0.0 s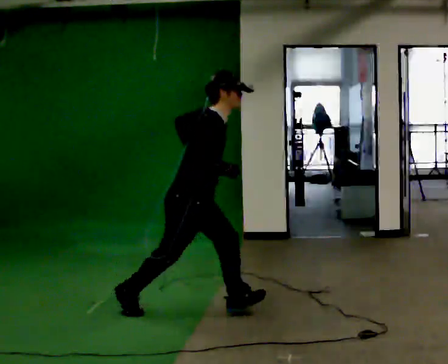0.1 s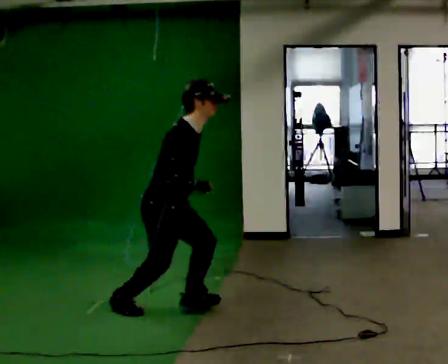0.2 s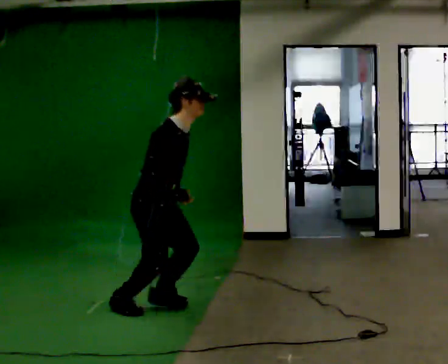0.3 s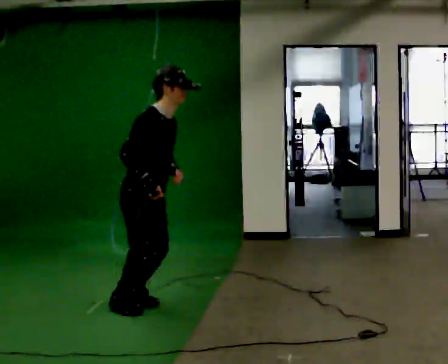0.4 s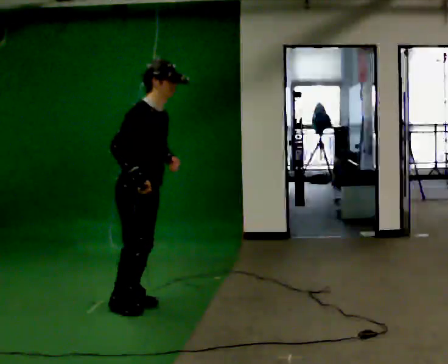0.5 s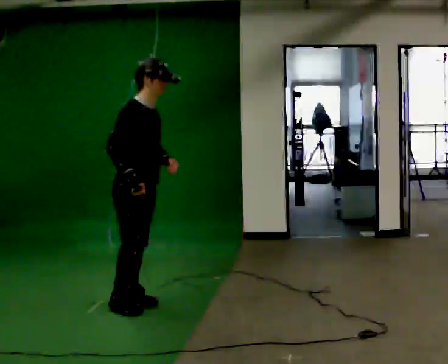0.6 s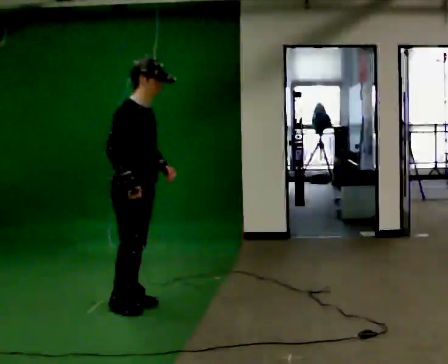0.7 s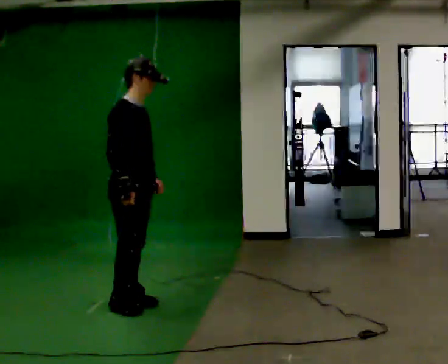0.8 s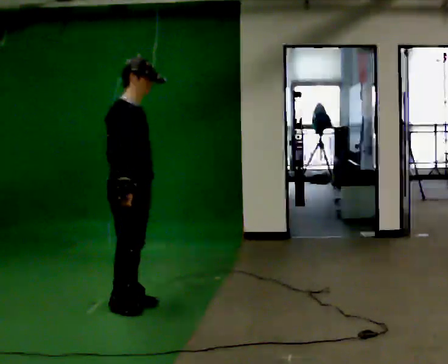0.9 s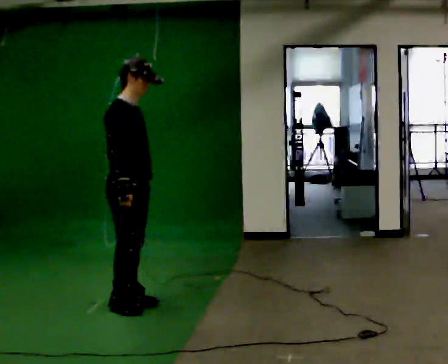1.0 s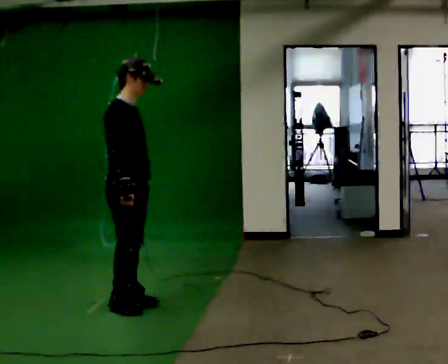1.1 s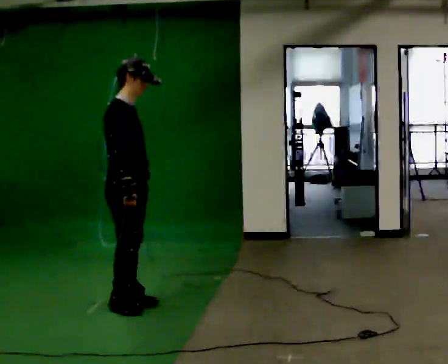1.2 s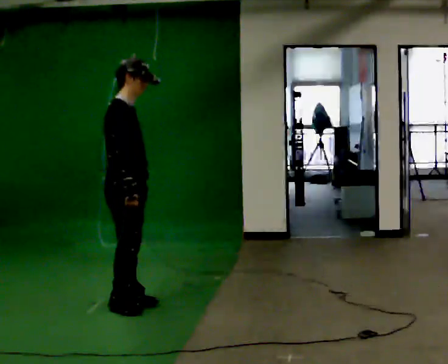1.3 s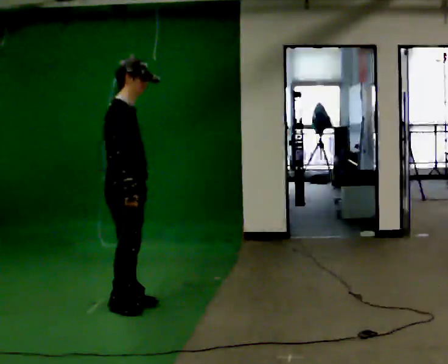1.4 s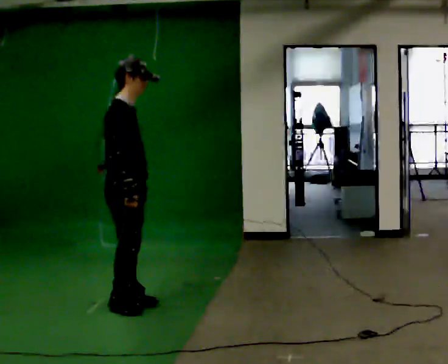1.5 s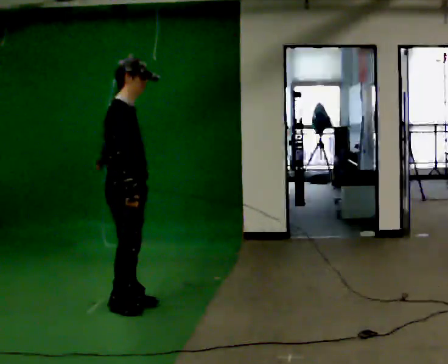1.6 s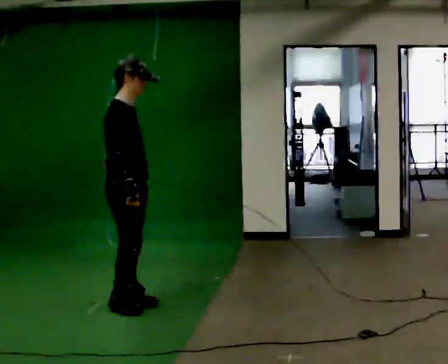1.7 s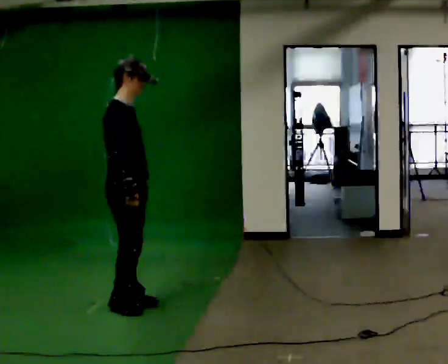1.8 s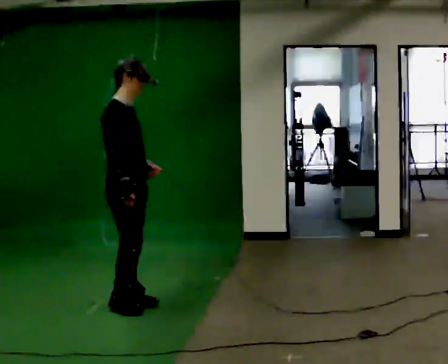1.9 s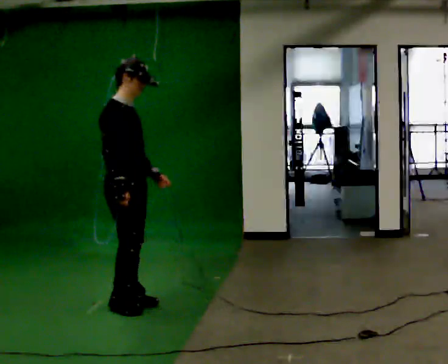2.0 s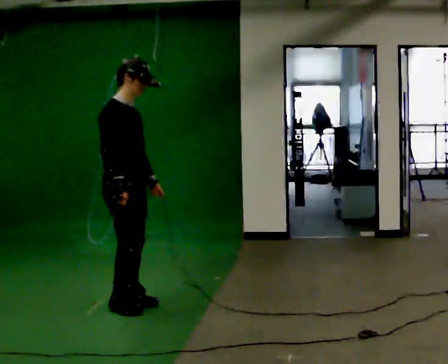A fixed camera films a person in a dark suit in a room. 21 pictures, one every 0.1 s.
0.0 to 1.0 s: In the picture they go to the left, about 0.5 m, which for them is backward. In the picture the upper body tilts counterclockwise, shoulders to the left, as they lean back or straighten.
1.0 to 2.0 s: The person moves a little, or ends about where they began.
The film runs backward here.
